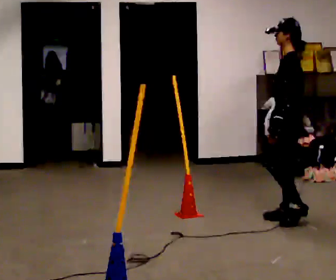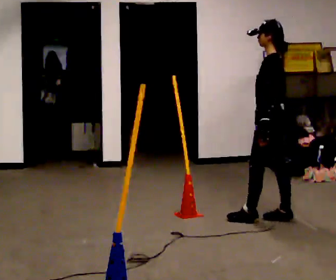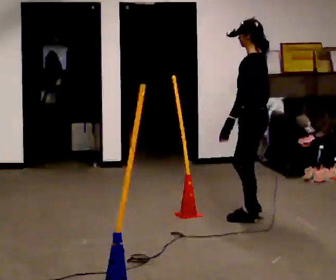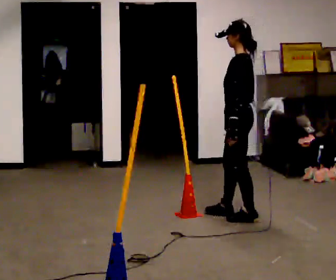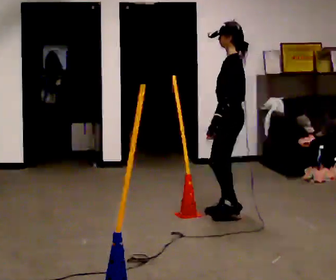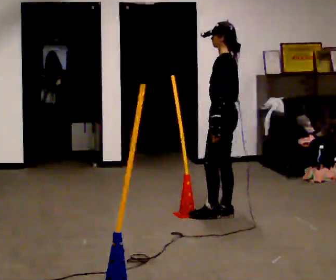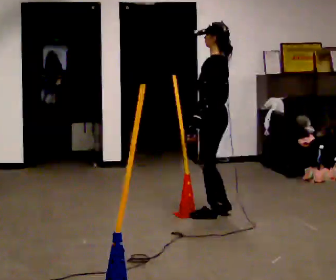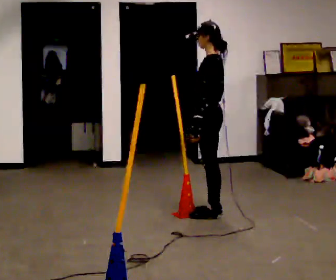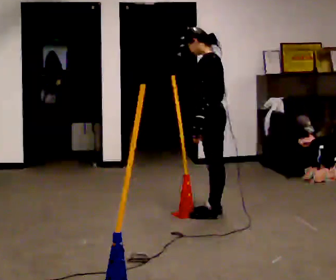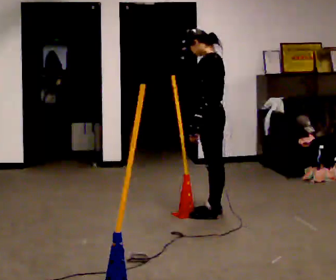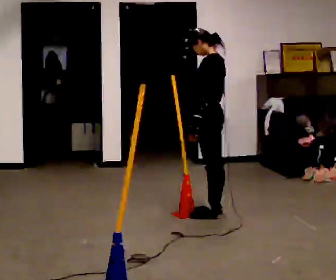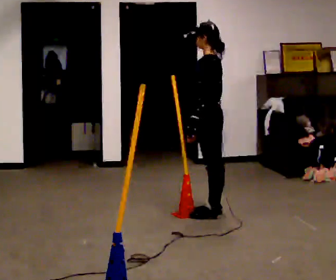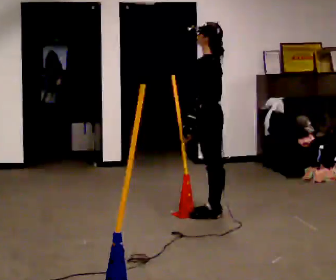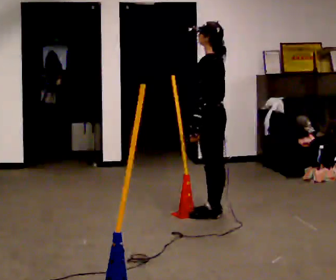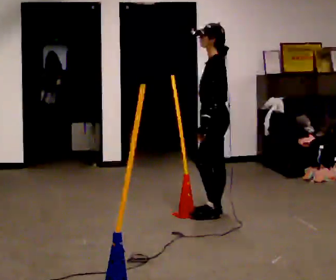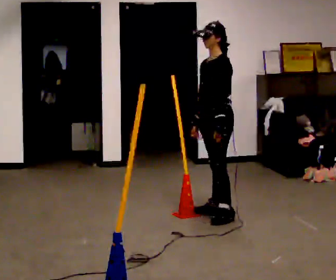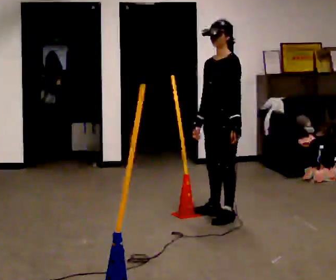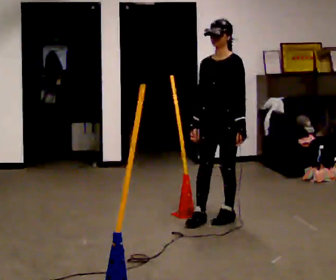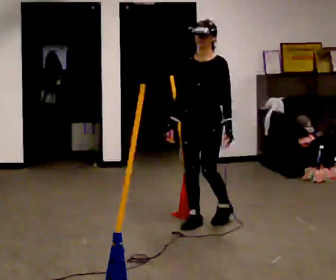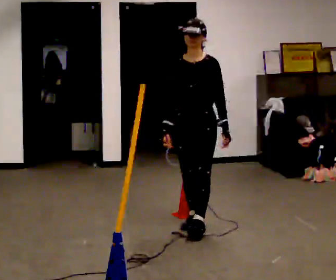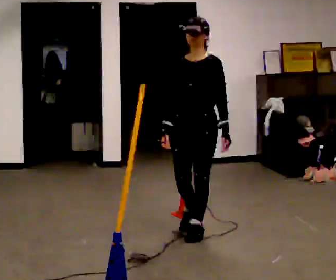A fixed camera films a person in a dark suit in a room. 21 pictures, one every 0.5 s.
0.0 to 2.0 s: In the picture they go to the left and away from the camera, about 0.5 m in 2 steps, which for them is forward.
2.0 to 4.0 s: In the picture they go to the left, about 0.25 m in 1 step, which for them is forward.
4.0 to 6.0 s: The person moves a little, or ends about where they began.
6.0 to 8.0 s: Seen from above the body turns counterclockwise, about 45 degrees: to their left, with its near side sliding to the right. In the picture their left hand goes to the right.
8.0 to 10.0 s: The part of the body nearest the lens slides to the right as the person turns to their left by about 30 degrees. In the picture they go toward the camera and to the left, about 0.5 m in 2 steps, which for them is forward.
The film runs forward here.
